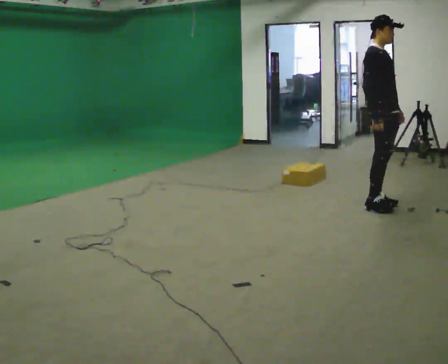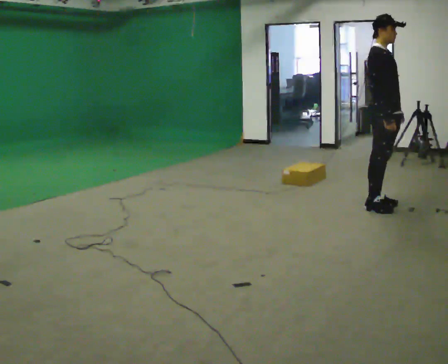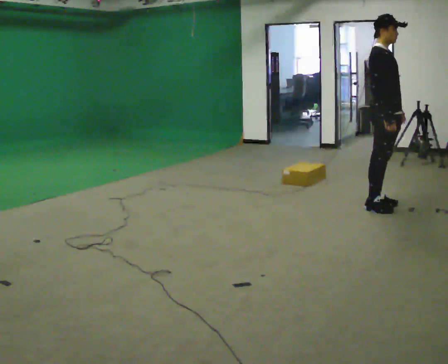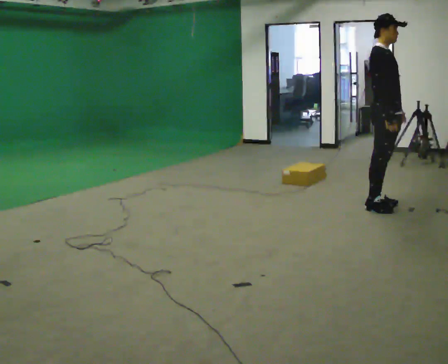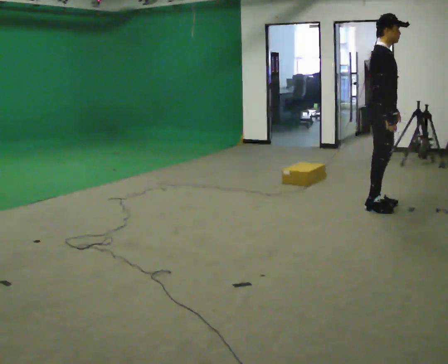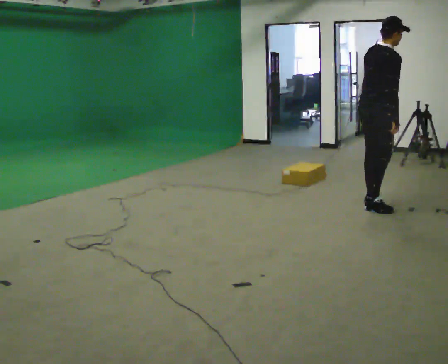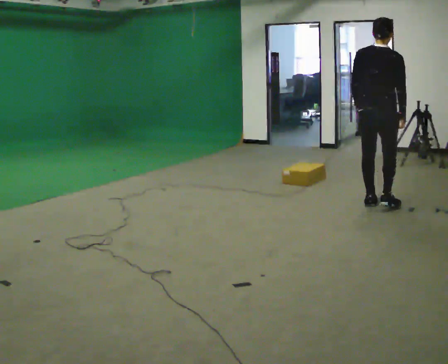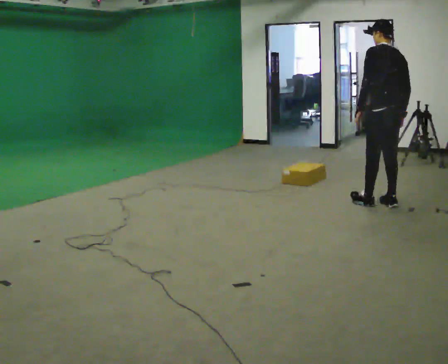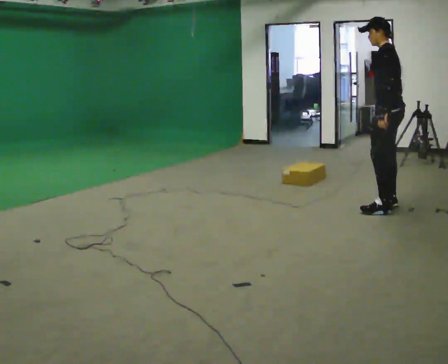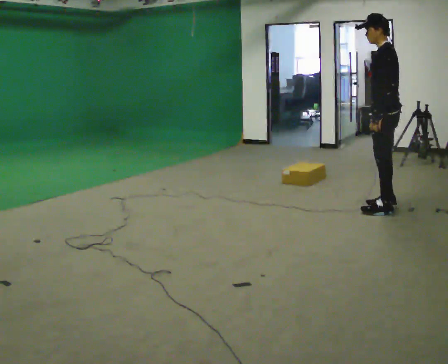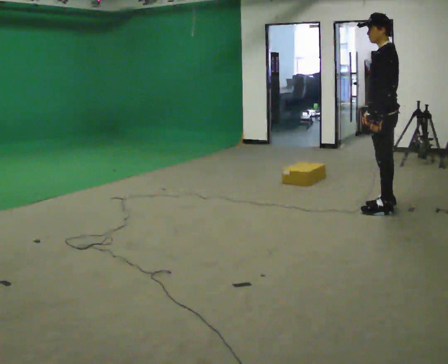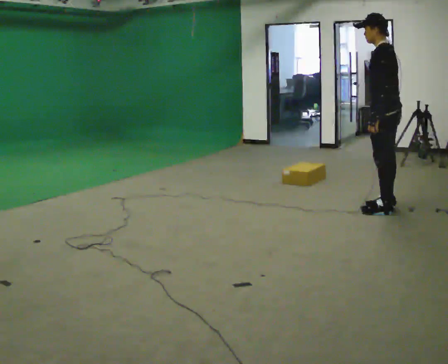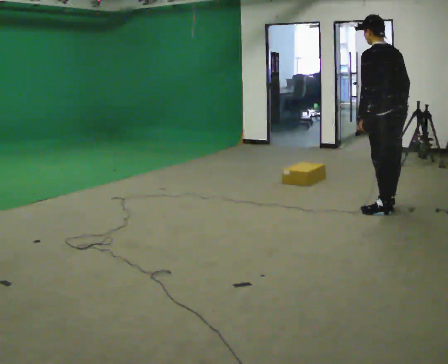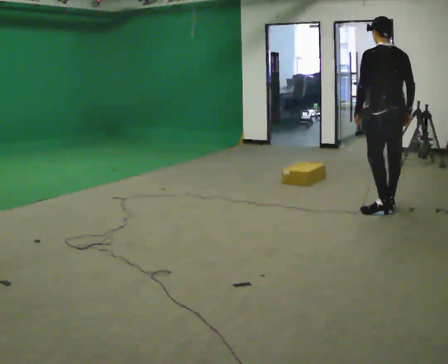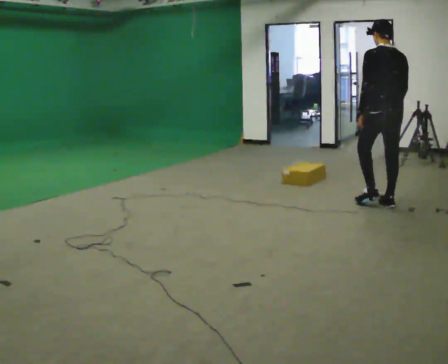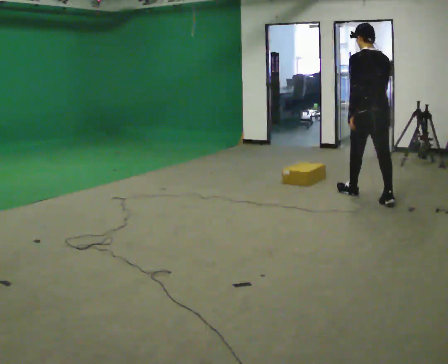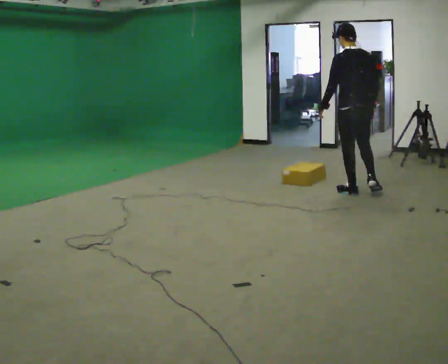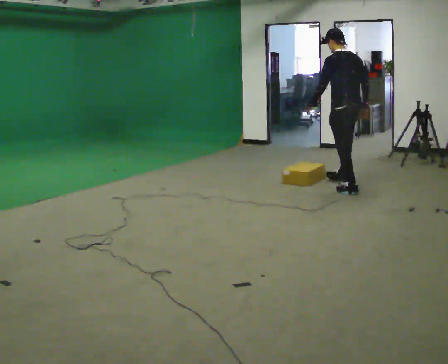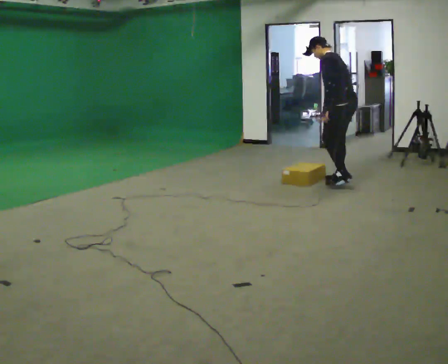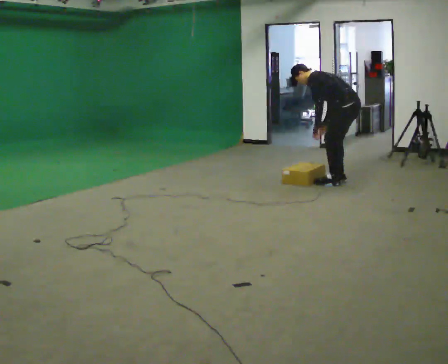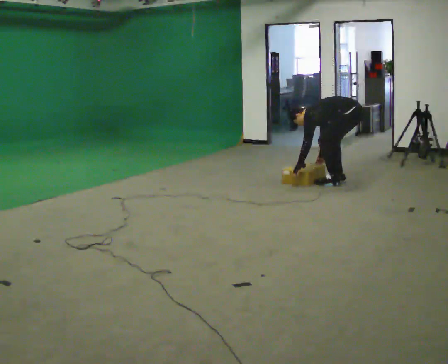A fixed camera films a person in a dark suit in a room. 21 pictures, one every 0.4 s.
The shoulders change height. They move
downward.
0.0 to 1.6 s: The person moves a little, or ends about where they began.
1.6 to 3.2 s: The part of the body nearest the lens slides to the right as the person turns to their left by about 165 degrees.
3.2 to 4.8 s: The person turns about 30 degrees to their right, clockwise seen from above, so the part of the body nearest the lens slides to the left.
4.8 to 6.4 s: In the picture they go away from the camera and to the left, about 0.5 m in 1 step, which for them is forward.
6.4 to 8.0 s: Seen from above the body turns counterclockwise, about 45 degrees: to their left, with its near side sliding to the right. In the picture they go away from the camera, about 0.5 m in 2 steps, which for them is to their right and forward. The upper body goes downward. In the picture the upper body tilts counterclockwise, shoulders to the left, as they bend forward. In the picture their left hand goes downward.
The film runs forward here.
